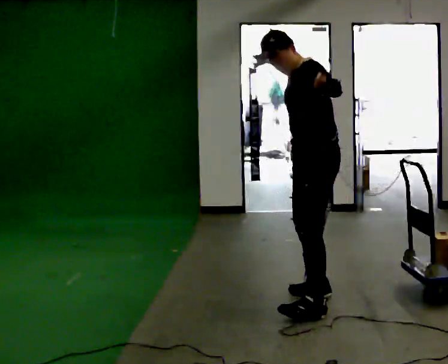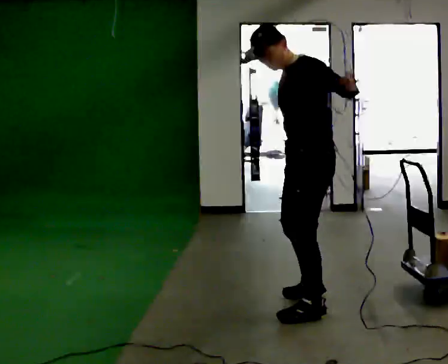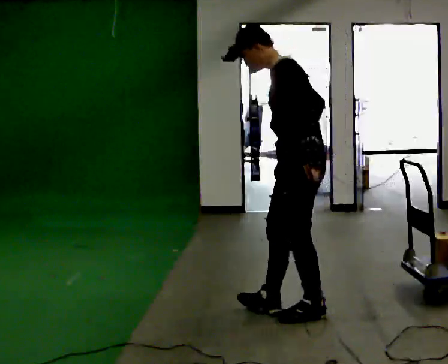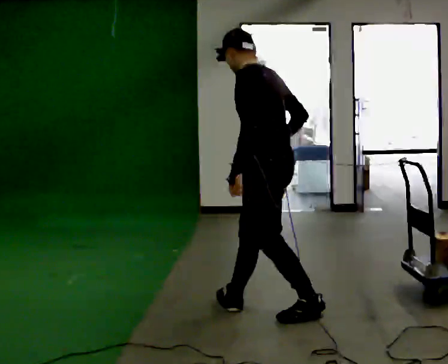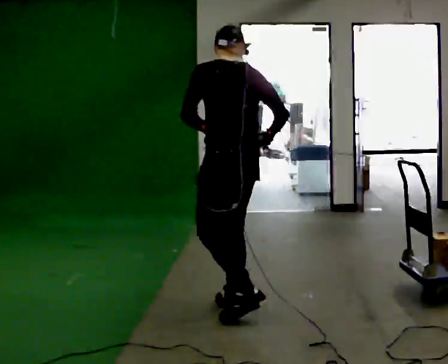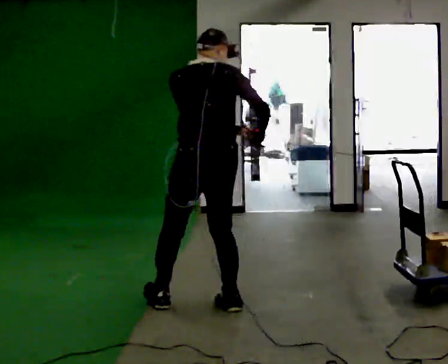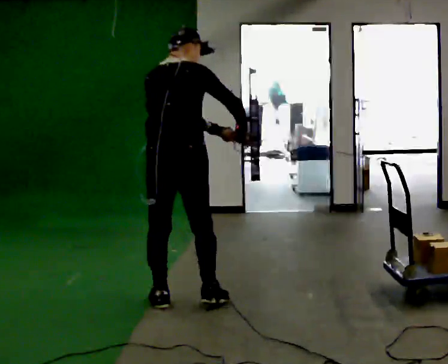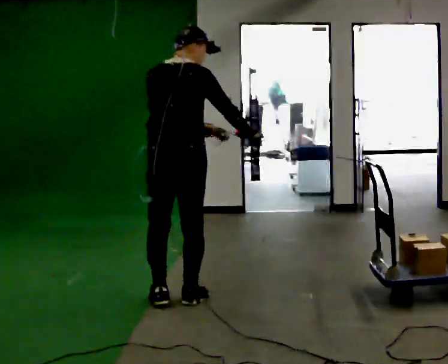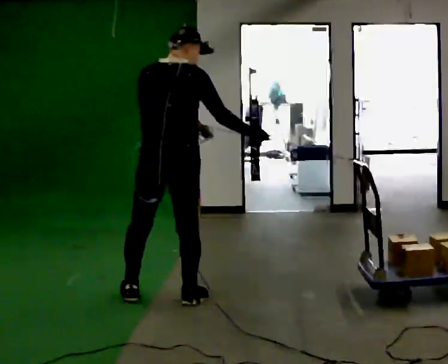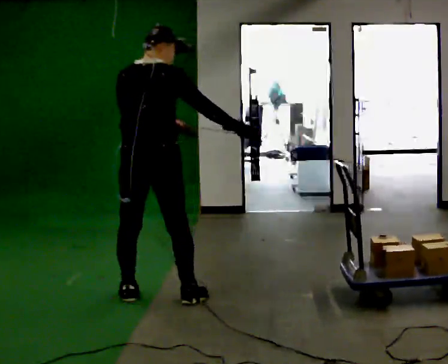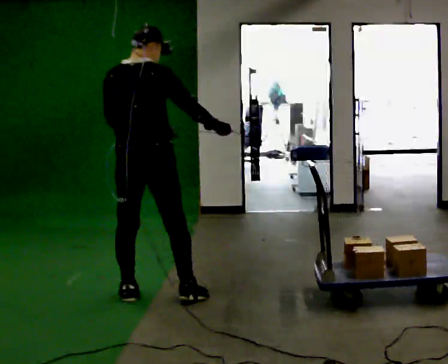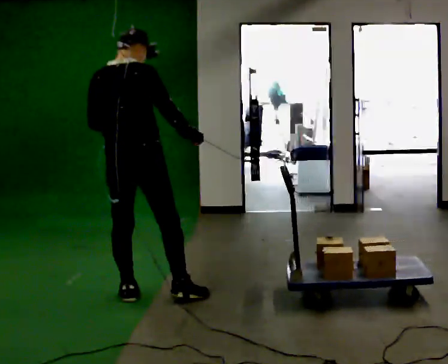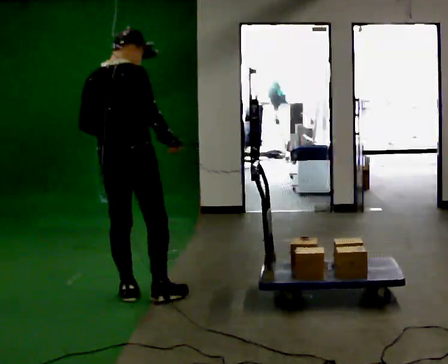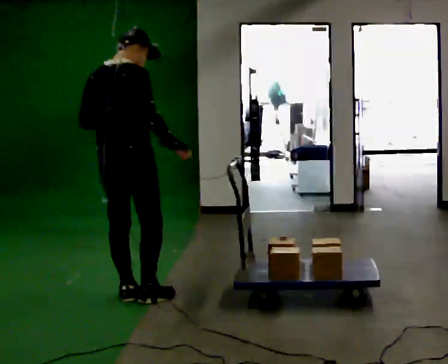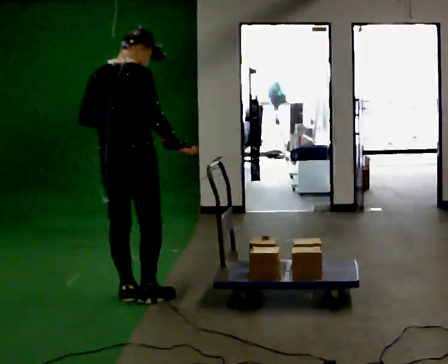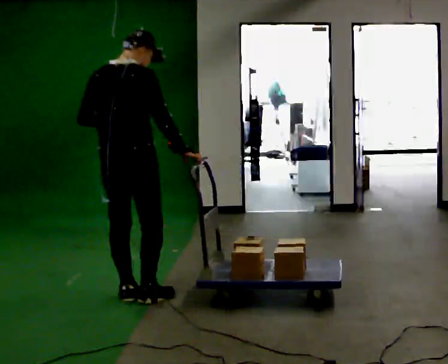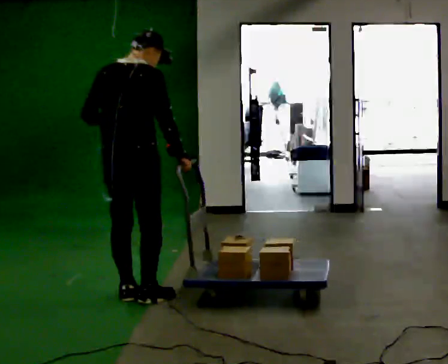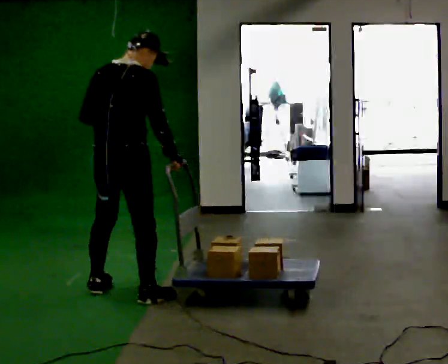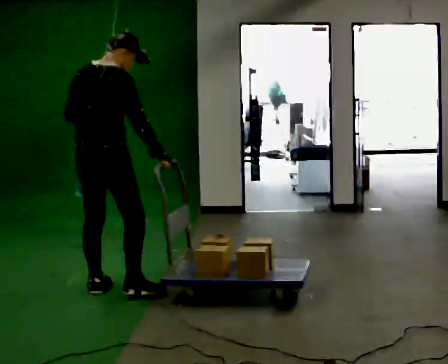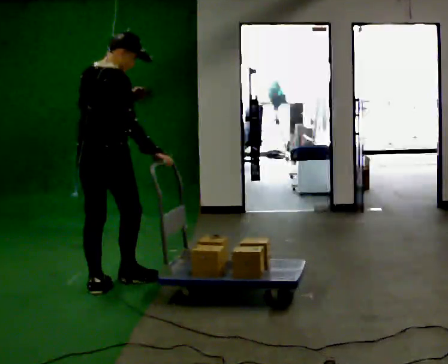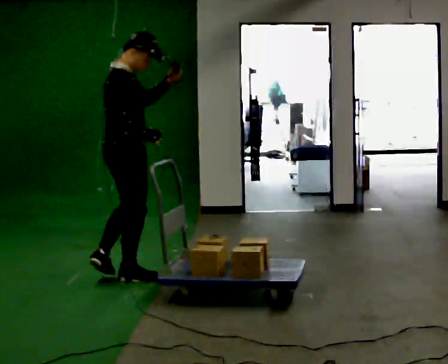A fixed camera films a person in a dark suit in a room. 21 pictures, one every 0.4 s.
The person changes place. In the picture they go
to the left.
The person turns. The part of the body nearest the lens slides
to the left.
0.0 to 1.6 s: Seen from above the body turns clockwise, about 60 degrees: to their right, with its near side sliding to the left. In the picture they go to the left, about 0.5 m in 1 step, which for them is forward.
1.6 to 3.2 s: Seen from above the body turns clockwise, about 45 degrees: to their right, with its near side sliding to the left. In the picture they go to the left and away from the camera, about 0.5 m in 2 steps, which for them is to their left.
3.2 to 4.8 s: In the picture they go to the left, about 0.25 m in 1 step, which for them is to their left.
4.8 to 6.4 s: The person moves a little, or ends about where they began.
6.4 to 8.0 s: The person turns about 45 degrees to their right, clockwise seen from above, so the part of the body nearest the lens slides to the left. In the picture they go away from the camera, about 0.5 m in 2 steps, which for them is forward and to their left.
The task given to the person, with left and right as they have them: Hold the rope in both hands and drag the sled towards you as you walk backward. The operator will confirm the space behind you is clear.
The film runs forward here.
